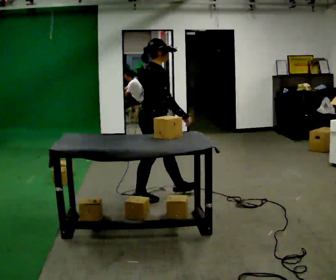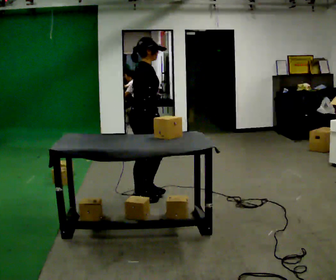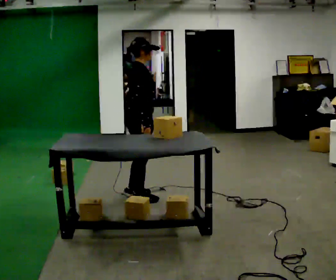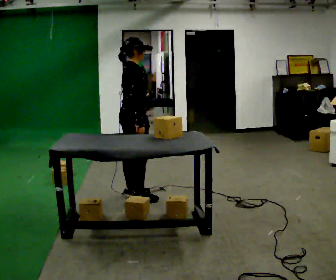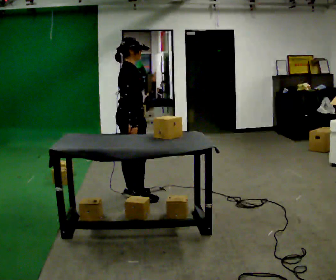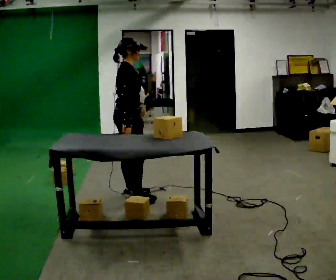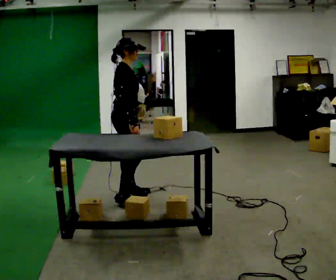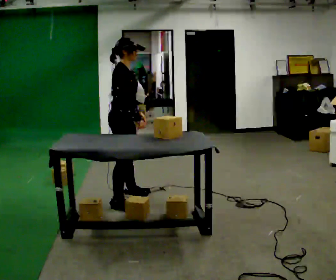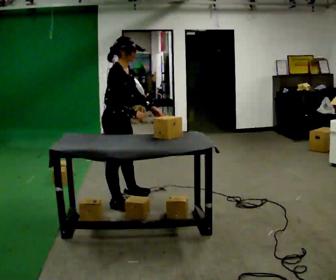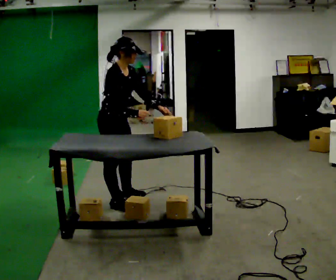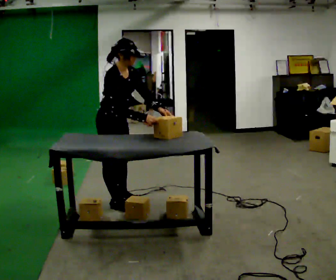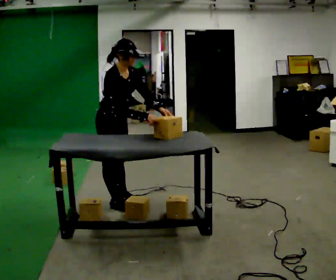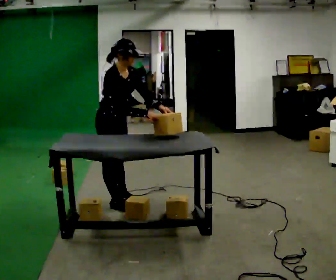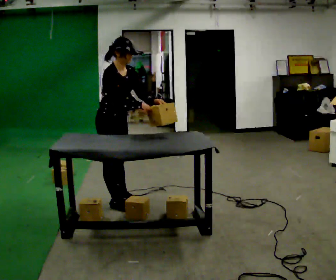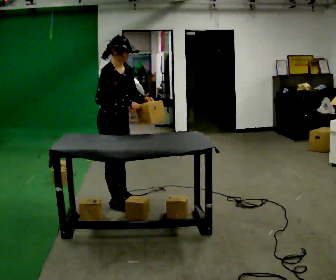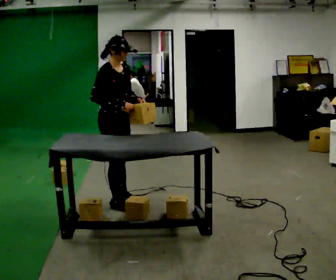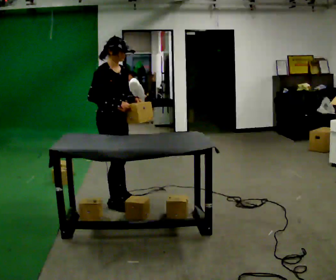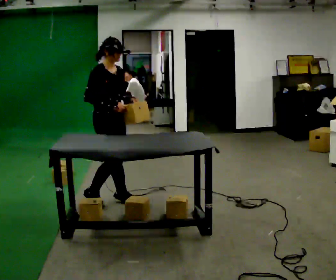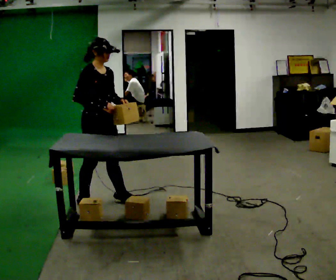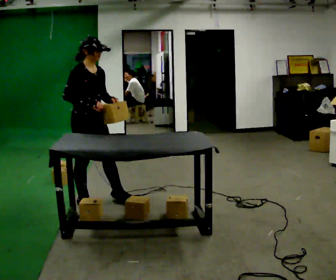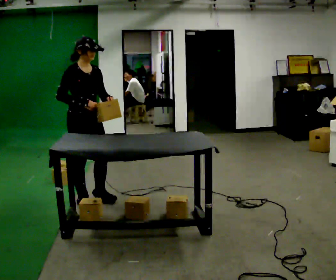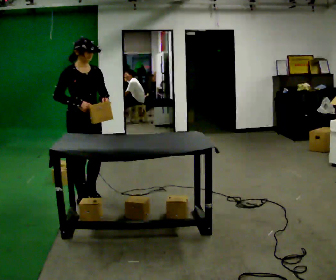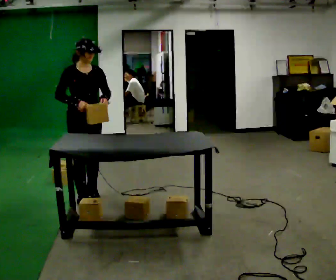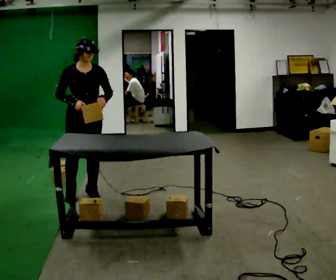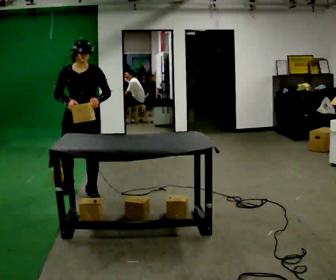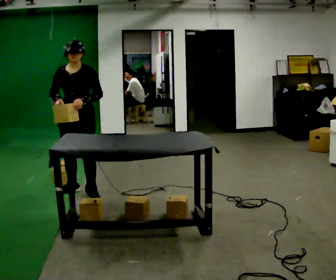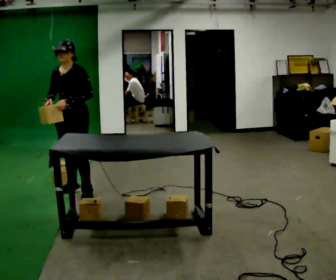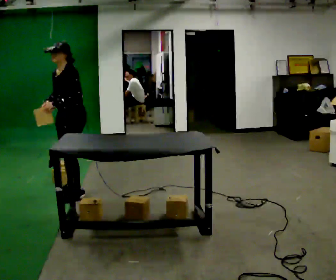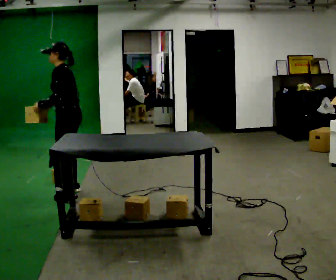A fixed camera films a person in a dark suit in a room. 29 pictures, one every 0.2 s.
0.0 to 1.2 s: In the picture they go to the left, about 0.25 m in 1 step, which for them is backward.
1.2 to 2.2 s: The person turns about 30 degrees to their right, clockwise seen from above, so the part of the body nearest the lens slides to the left. In the picture they go toward the camera and to the left, about 0.25 m in 1 step, which for them is to their right. The upper body tips toward the camera, its near side rolling downward, as they bend forward.
2.2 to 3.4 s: The upper body tips away from the camera, its near side rolling upward, as they lean back or straighten.
3.4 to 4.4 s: The person turns about 30 degrees to their right, clockwise seen from above, so the part of the body nearest the lens slides to the left. In the picture they go to the left, about 0.25 m in 1 step, which for them is backward.
4.4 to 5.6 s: The part of the body nearest the lens slides to the left as the person turns to their right by about 120 degrees. In the picture they go away from the camera, about 0.25 m in 2 steps. In the picture their left hand goes to the left.
The film runs backward here.
